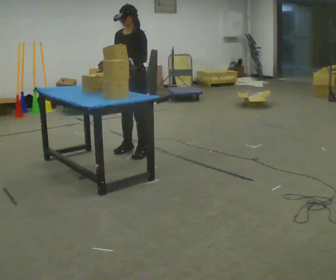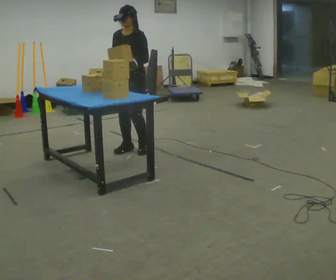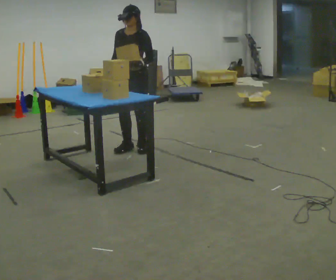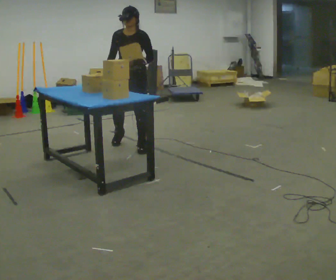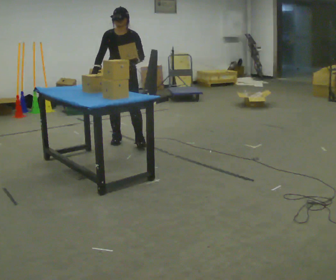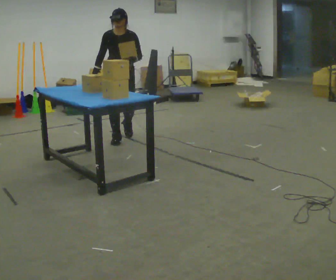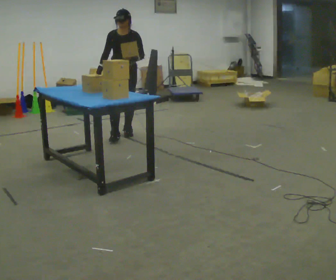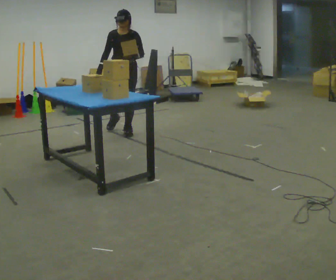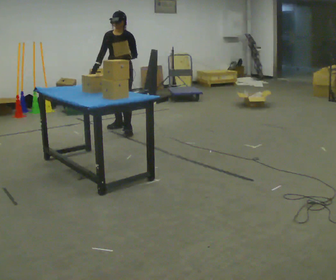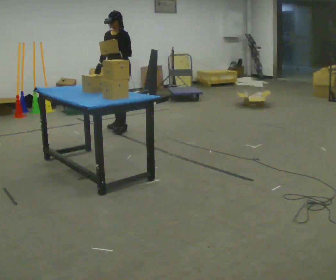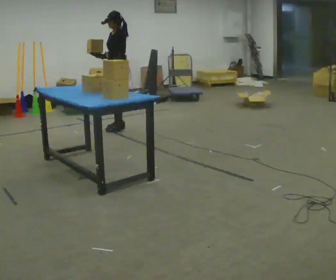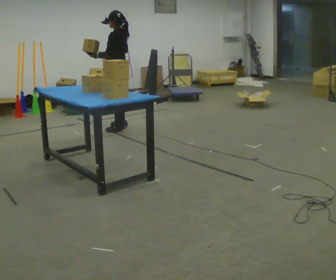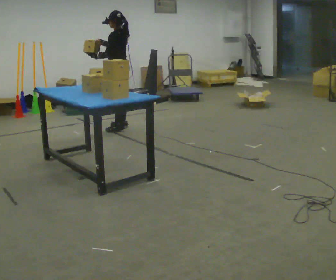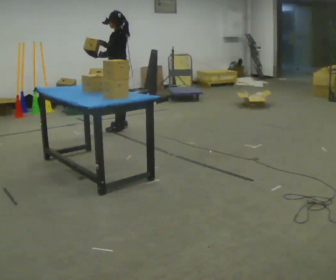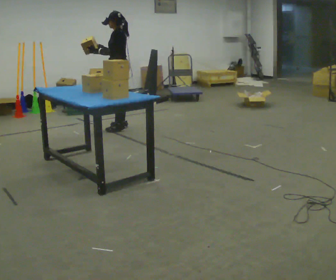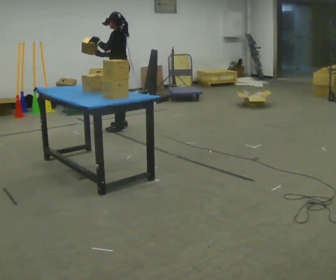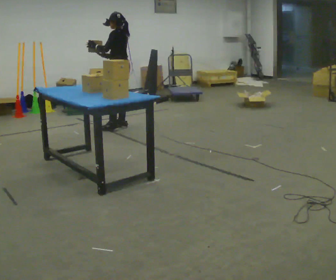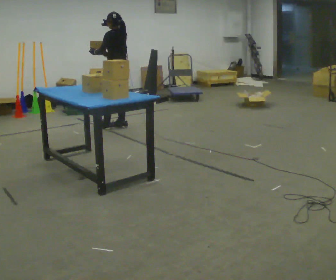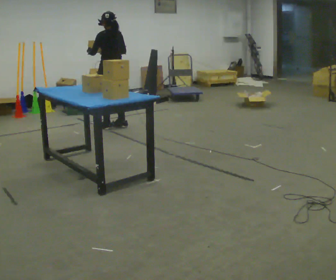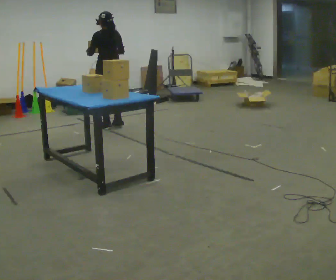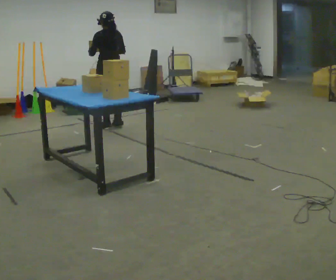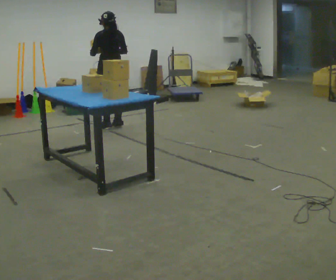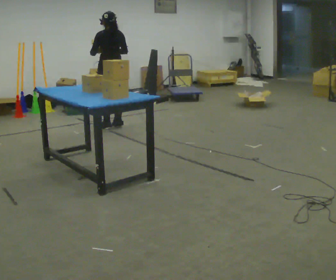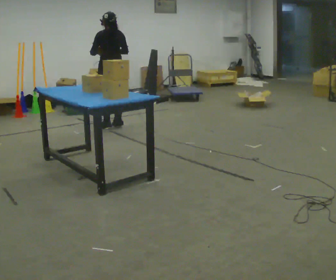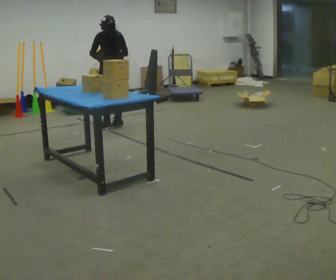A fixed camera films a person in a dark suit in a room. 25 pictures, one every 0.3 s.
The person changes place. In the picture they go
away from the camera.
0.0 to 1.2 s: Seen from above the body turns counterclockwise, about 30 degrees: to their left, with its near side sliding to the right. In the picture they go away from the camera, about 0.25 m in 3 steps, which for them is backward and to their right.
1.2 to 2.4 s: In the picture they go away from the camera, about 0.5 m in 1 step, which for them is backward.
2.4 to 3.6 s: The part of the body nearest the lens slides to the left as the person turns to their right by about 75 degrees. In the picture their left hand goes to the left.
3.6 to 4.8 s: The person moves a little, or ends about where they began.
4.8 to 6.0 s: The part of the body nearest the lens slides to the left as the person turns to their right by about 45 degrees. In the picture they go to the left, about 0.25 m.
6.0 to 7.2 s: The person moves a little, or ends about where they began.
The film runs backward here.
